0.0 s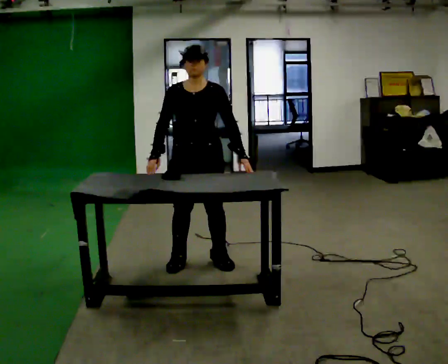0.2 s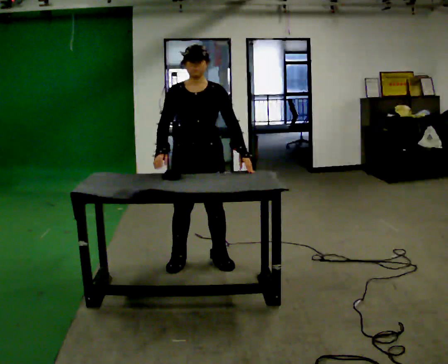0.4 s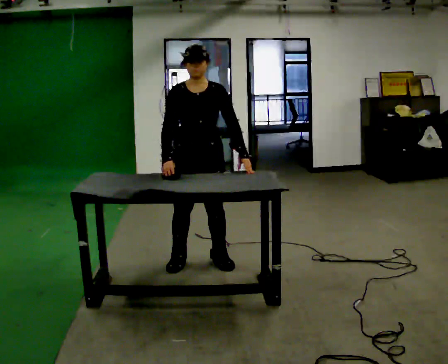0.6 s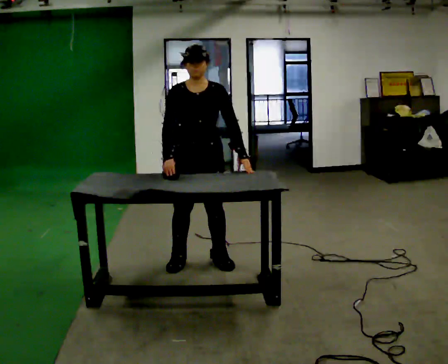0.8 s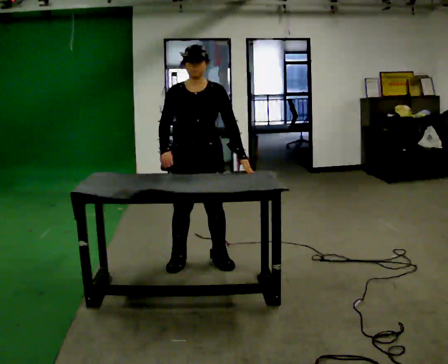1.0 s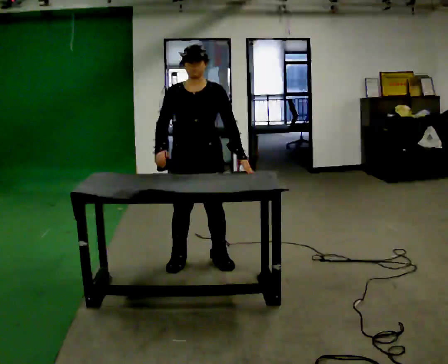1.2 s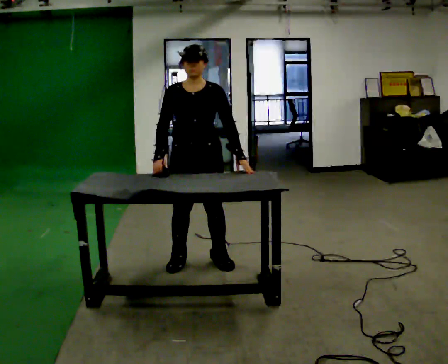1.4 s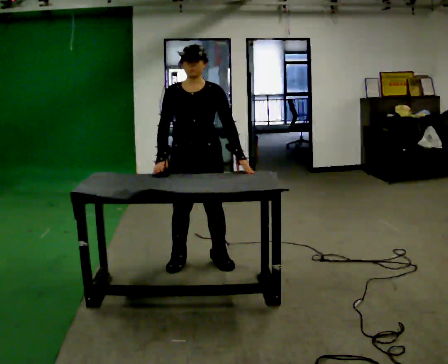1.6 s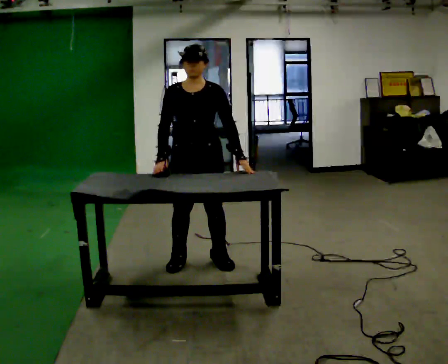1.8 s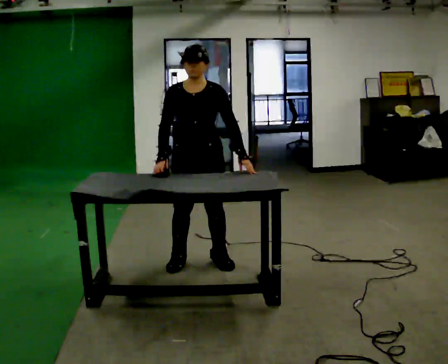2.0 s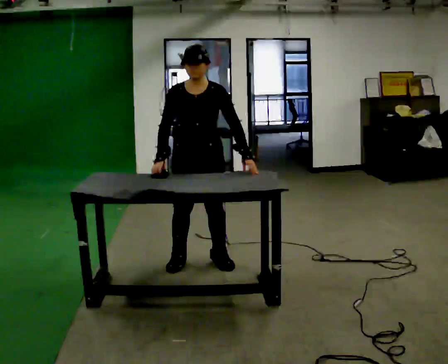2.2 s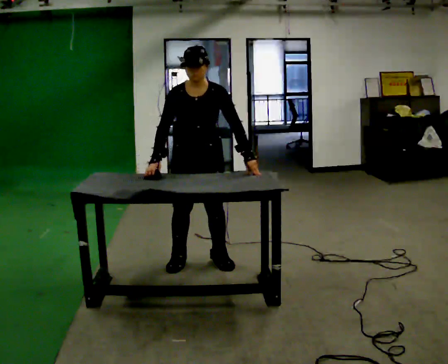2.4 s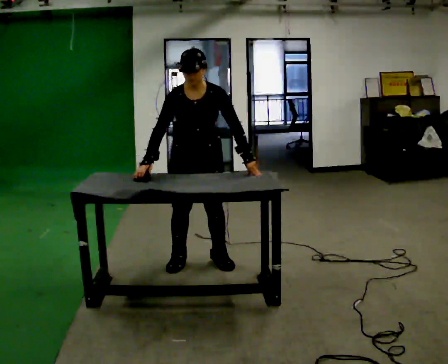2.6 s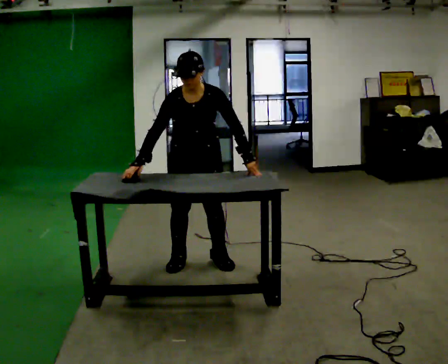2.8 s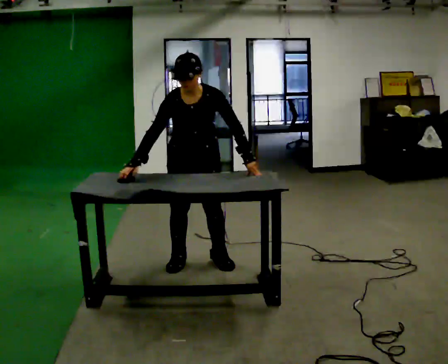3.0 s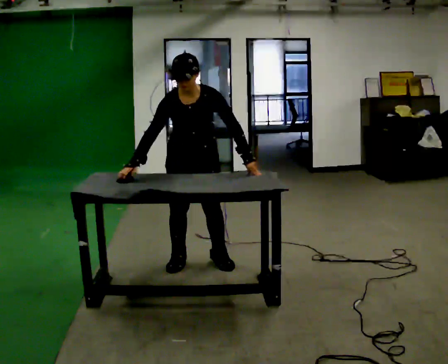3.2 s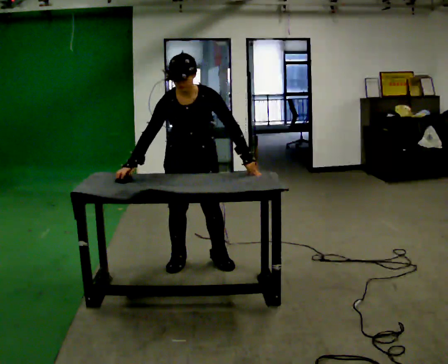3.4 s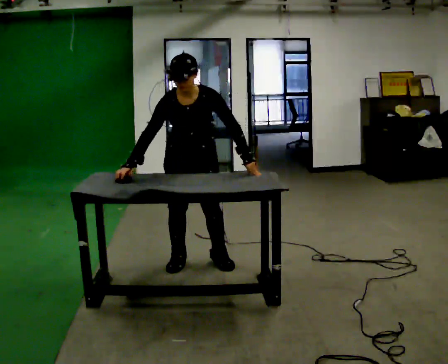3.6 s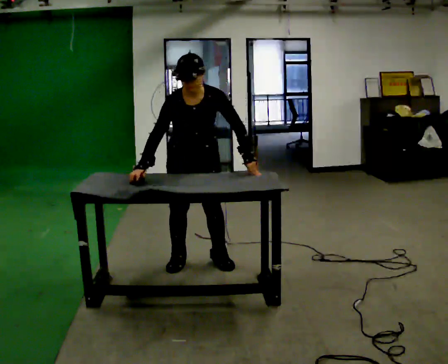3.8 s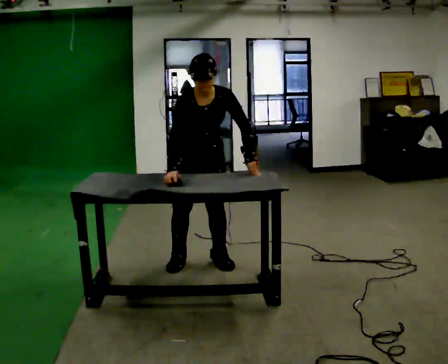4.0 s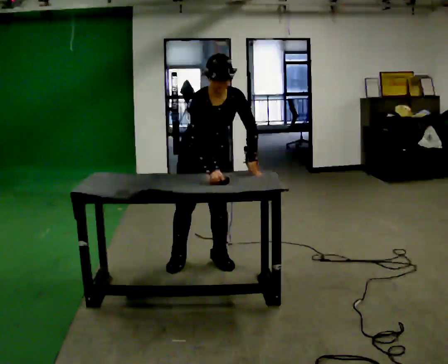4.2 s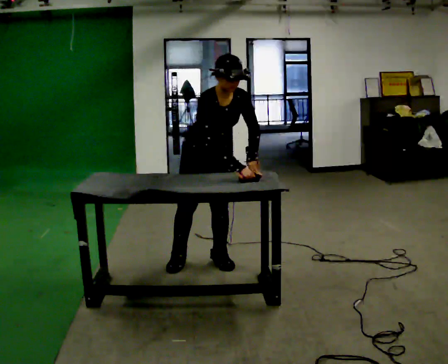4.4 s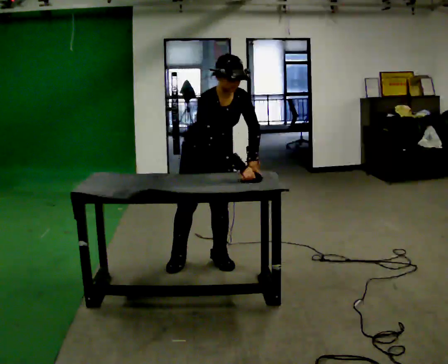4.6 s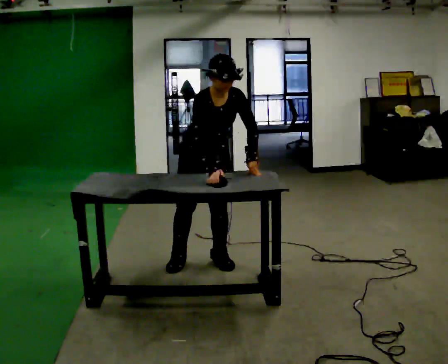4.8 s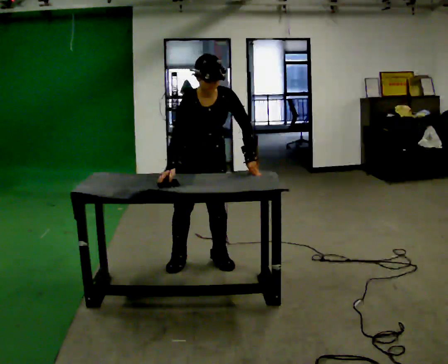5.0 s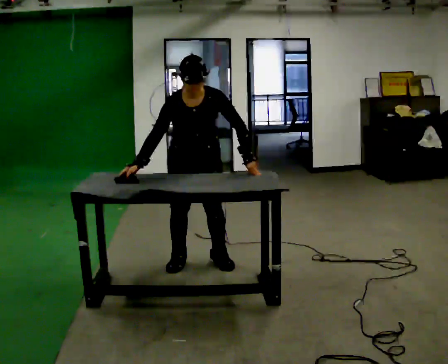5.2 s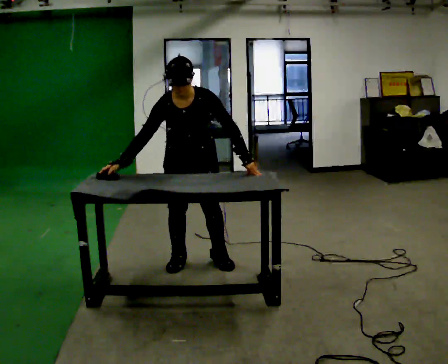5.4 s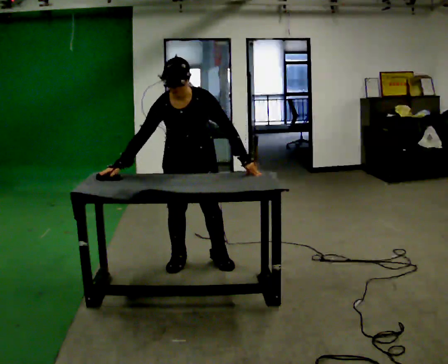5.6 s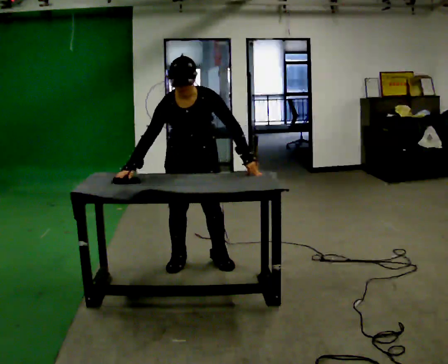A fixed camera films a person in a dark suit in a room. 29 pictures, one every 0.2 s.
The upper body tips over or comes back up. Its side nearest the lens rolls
downward.
0.0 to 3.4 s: The upper body tips toward the camera, its near side rolling downward, as they bend forward.
3.4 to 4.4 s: In the picture the upper body tilts clockwise, shoulders to the right. In the picture their right hand goes to the right, the arm swinging counterclockwise.
4.4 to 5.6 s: In the picture the upper body tilts counterclockwise, shoulders to the left. In the picture their right hand goes to the left, the arm swinging clockwise.
The film runs backward here.
